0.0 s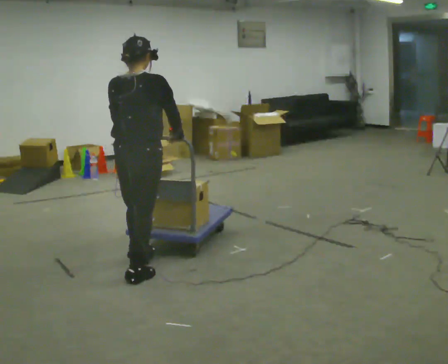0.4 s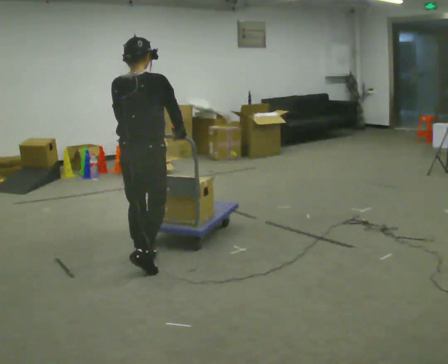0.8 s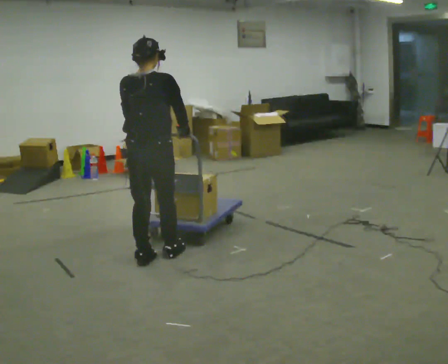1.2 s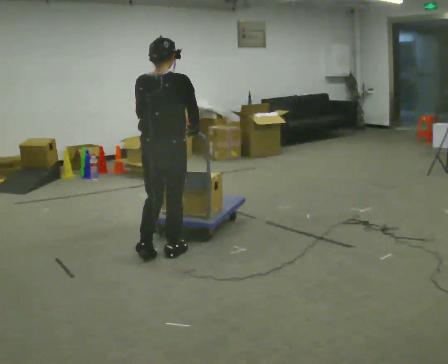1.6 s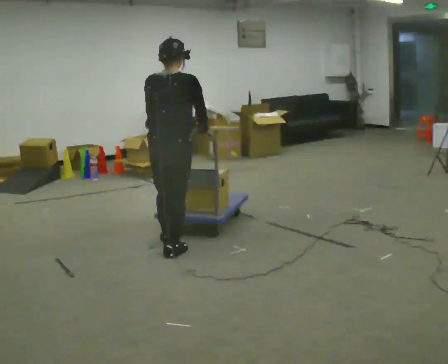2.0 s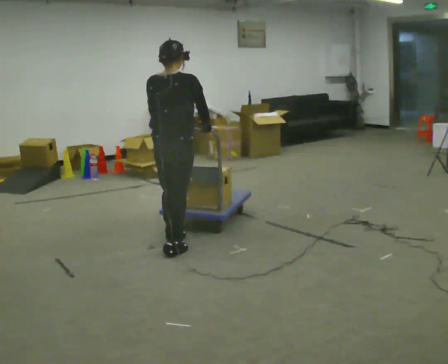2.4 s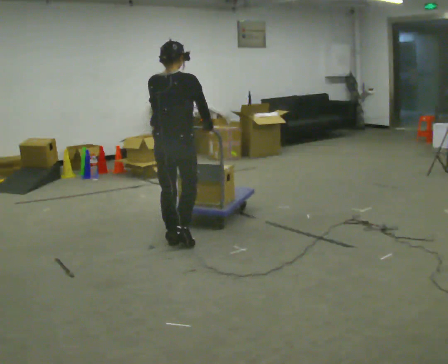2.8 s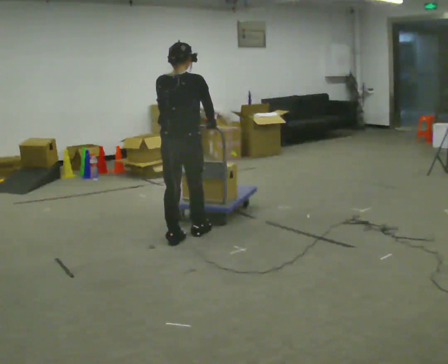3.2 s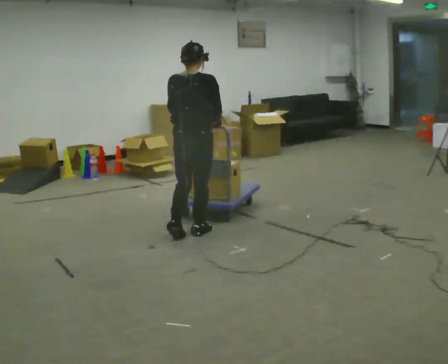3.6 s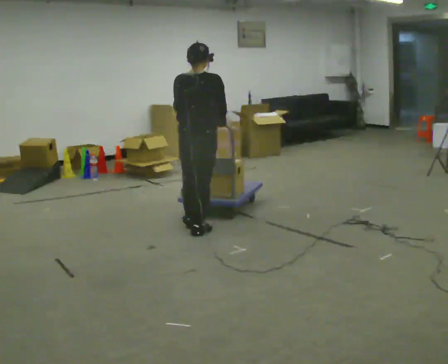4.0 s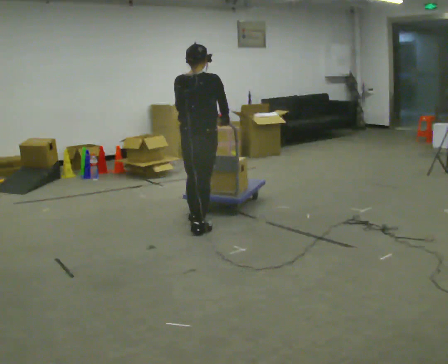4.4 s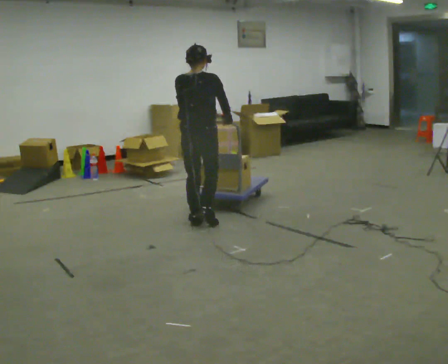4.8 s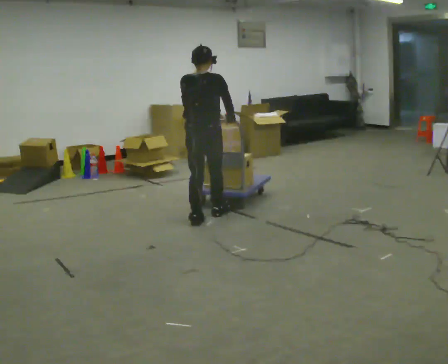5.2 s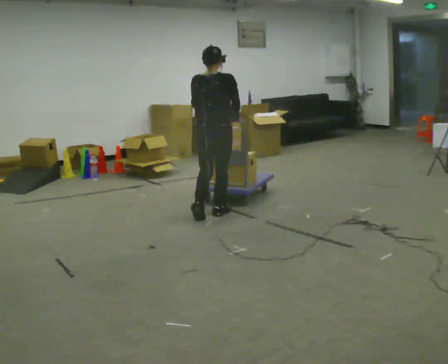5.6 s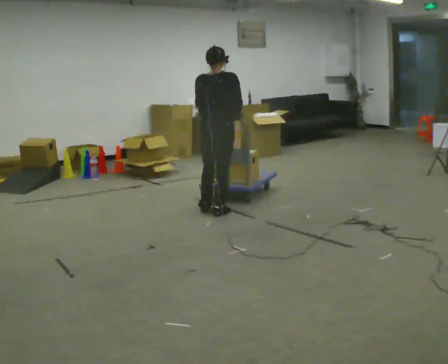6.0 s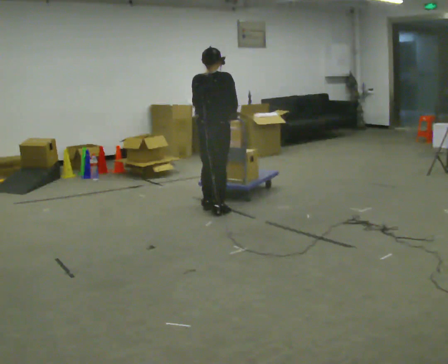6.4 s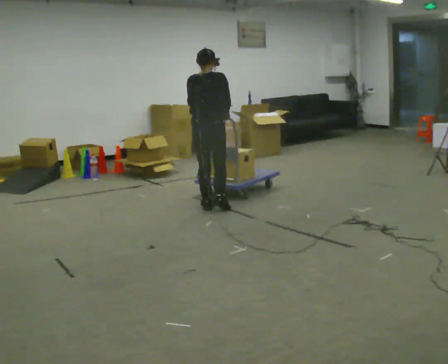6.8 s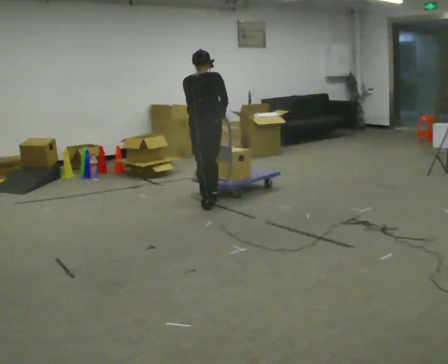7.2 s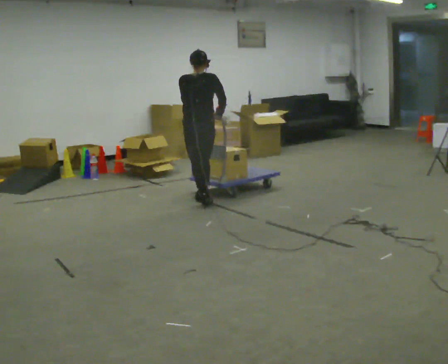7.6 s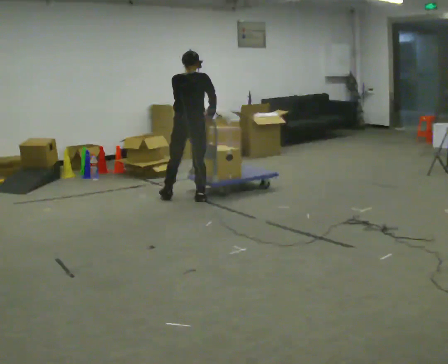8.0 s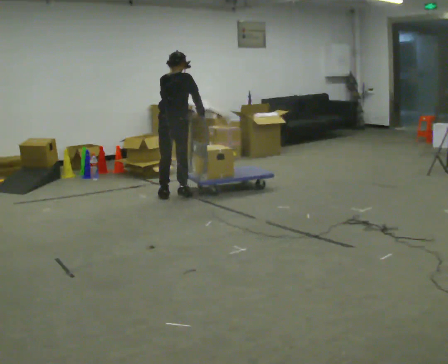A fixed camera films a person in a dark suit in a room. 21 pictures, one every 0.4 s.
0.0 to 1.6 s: In the picture they go away from the camera and to the right, about 0.5 m in 1 step, which for them is forward.
1.6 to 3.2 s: In the picture they go away from the camera, about 0.5 m in 2 steps, which for them is forward.
3.2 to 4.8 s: In the picture they go away from the camera, about 0.5 m in 1 step, which for them is forward.
4.8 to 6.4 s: In the picture they go away from the camera, about 0.5 m in 2 steps, which for them is forward.
6.4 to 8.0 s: In the picture they go away from the camera and to the left, about 0.5 m in 2 steps, which for them is forward and to their left.
The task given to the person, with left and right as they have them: Push the loaded cart from one corner of the room to the other, turn it round, and push it back. Keep going until the operator says stop.
The film runs forward here.
